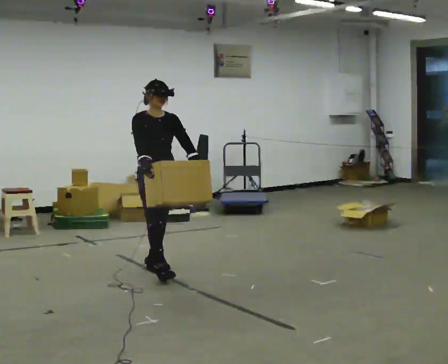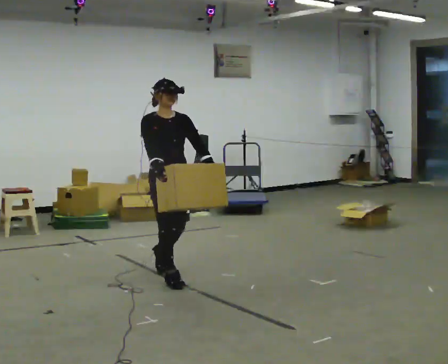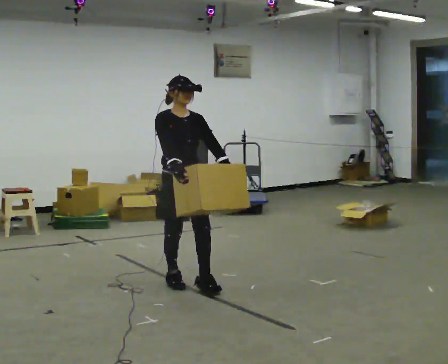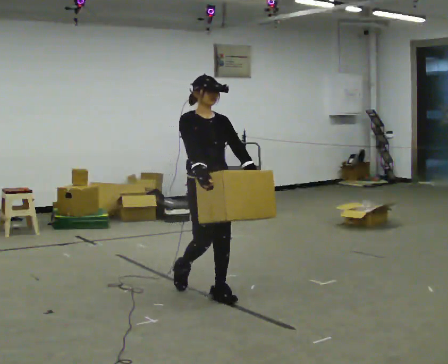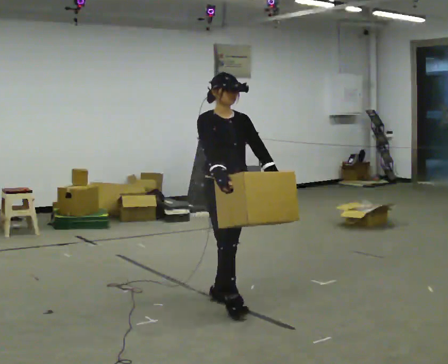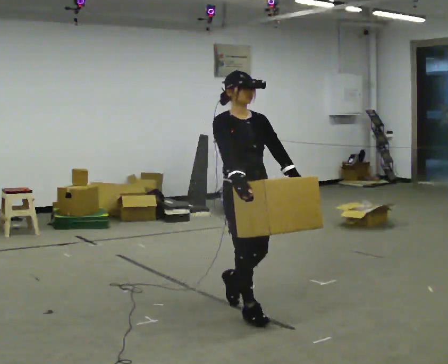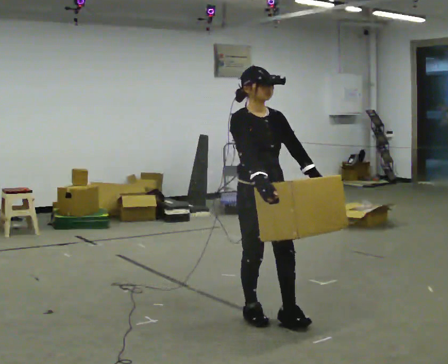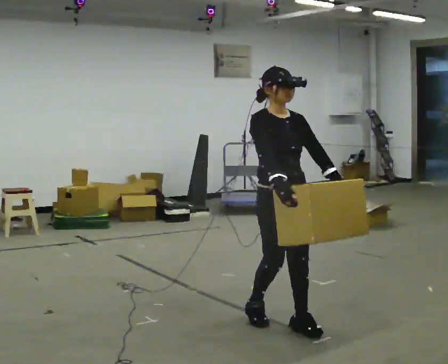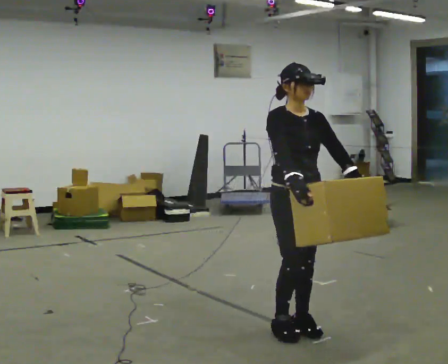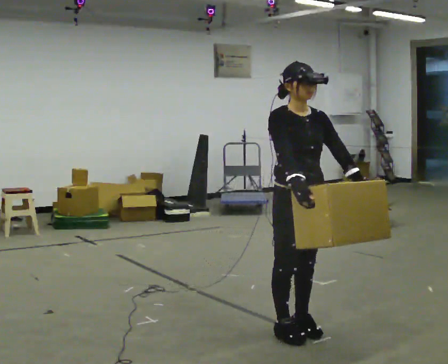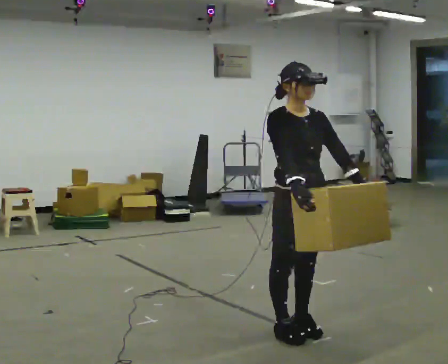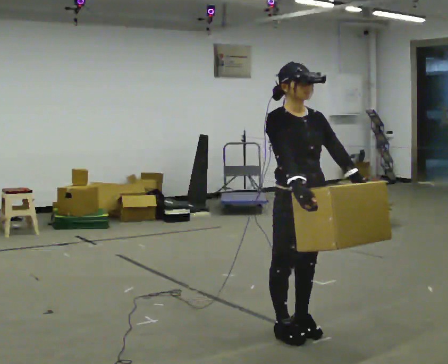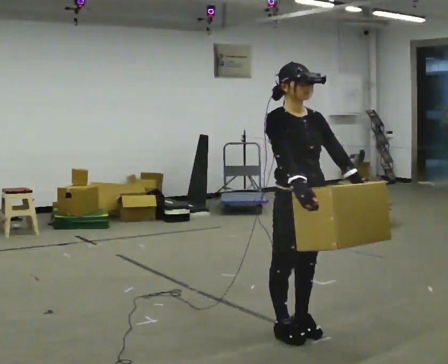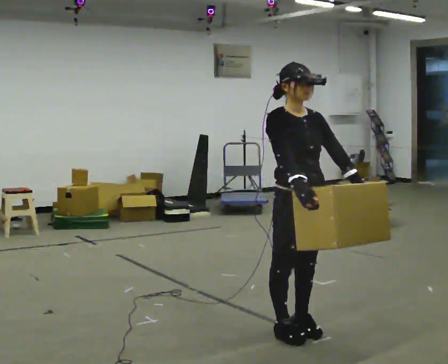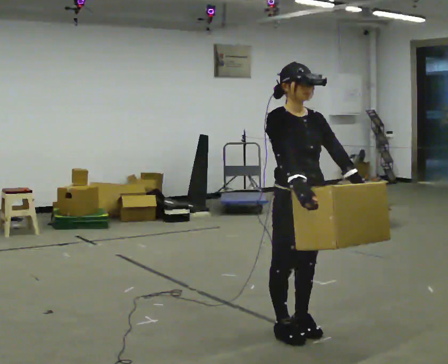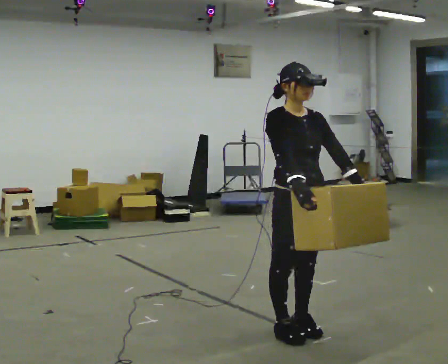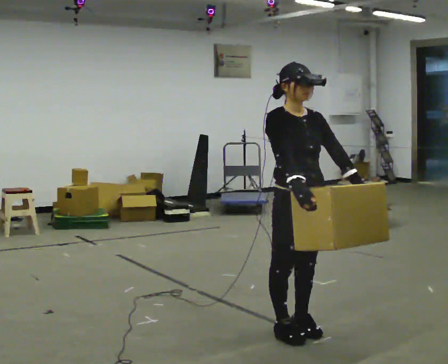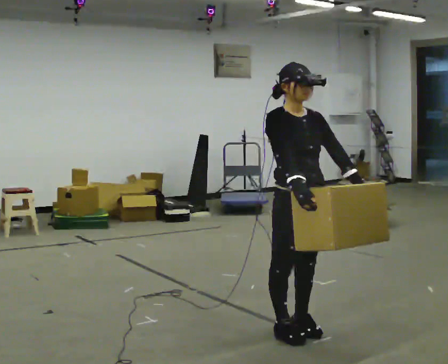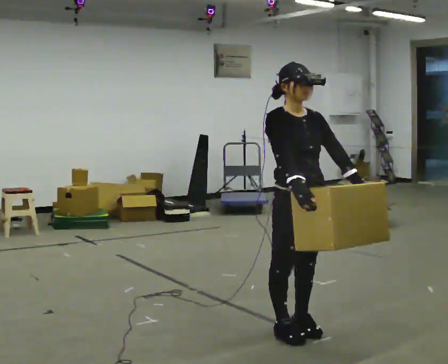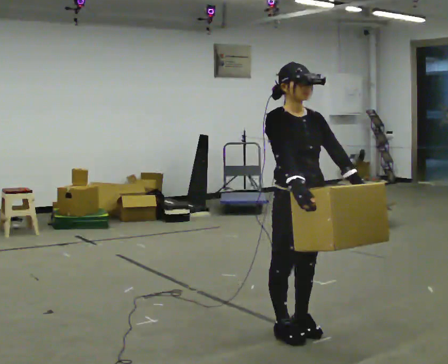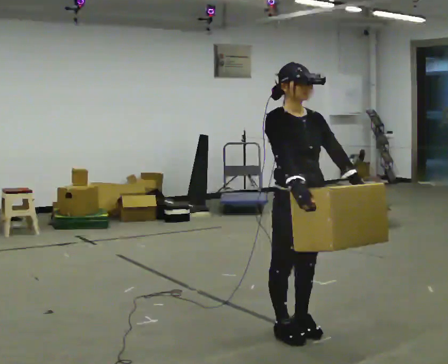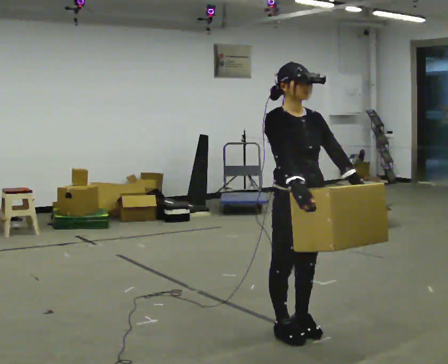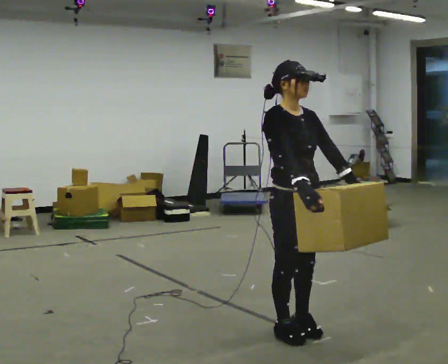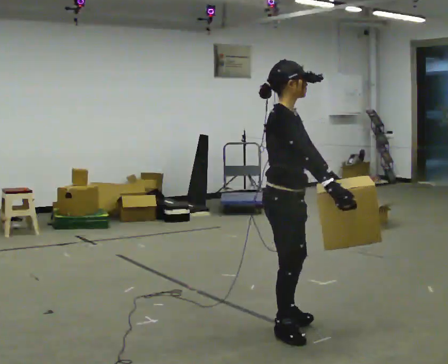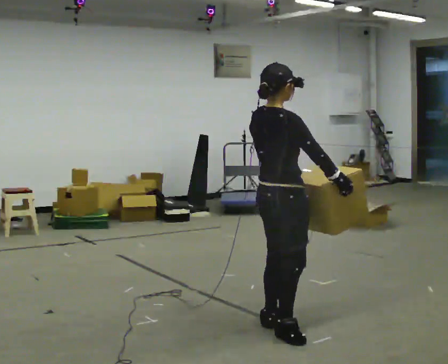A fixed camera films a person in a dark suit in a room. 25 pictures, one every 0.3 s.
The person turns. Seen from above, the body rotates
counterclockwise.
The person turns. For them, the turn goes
to their left.
0.0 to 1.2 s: In the picture they go toward the camera and to the right, about 1 m in 2 steps, which for them is forward.
1.2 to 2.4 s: In the picture they go toward the camera and to the right, about 0.75 m in 2 steps, which for them is forward.
2.4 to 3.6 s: The person moves a little, or ends about where they began.
3.6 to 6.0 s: The person keeps their place and pose.
6.0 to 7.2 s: The part of the body nearest the lens slides to the right as the person turns to their left by about 90 degrees.
The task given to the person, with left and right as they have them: Carry the medium box in both hands in front of you, walking back and forth across the room. Keep walking until the operator says stop.
The film runs forward here.
